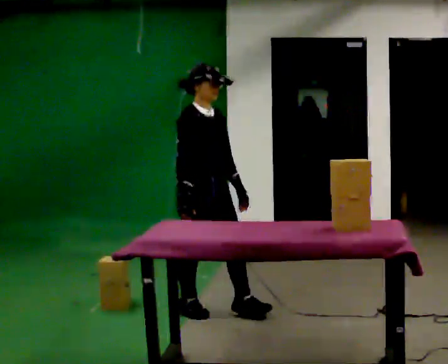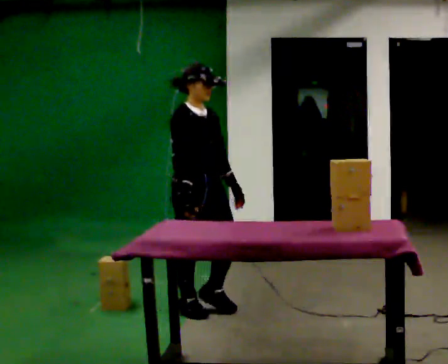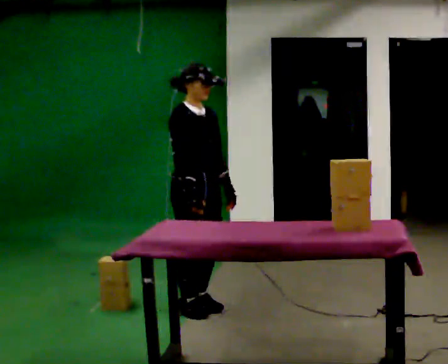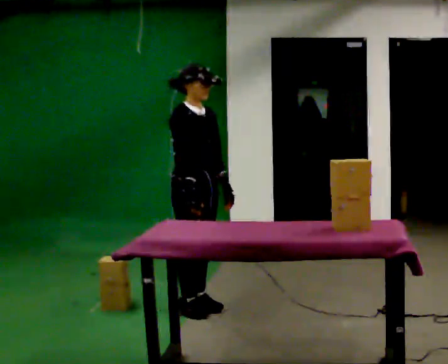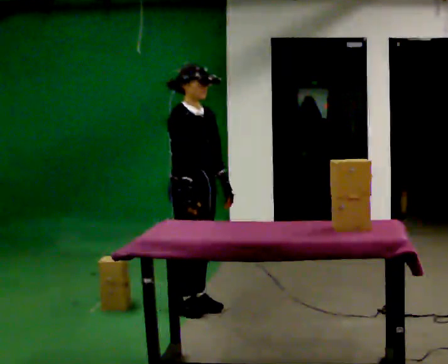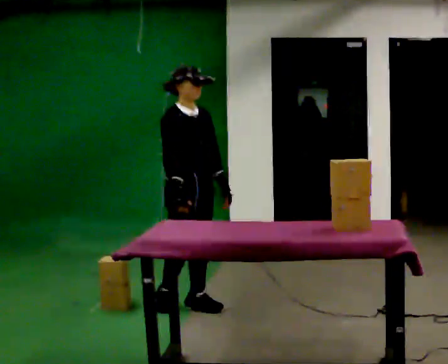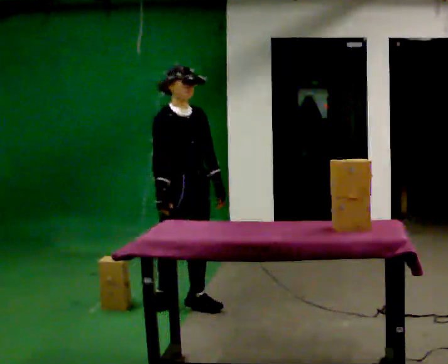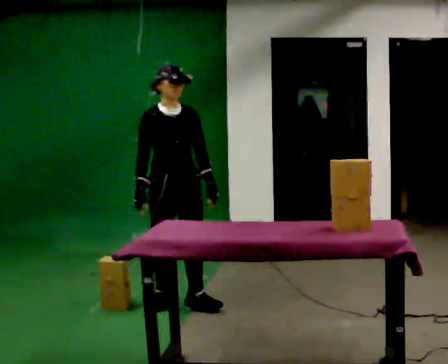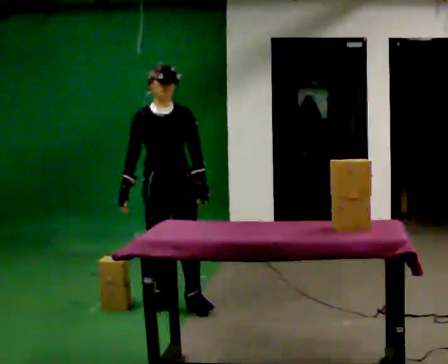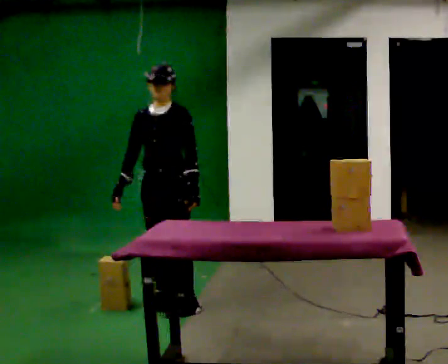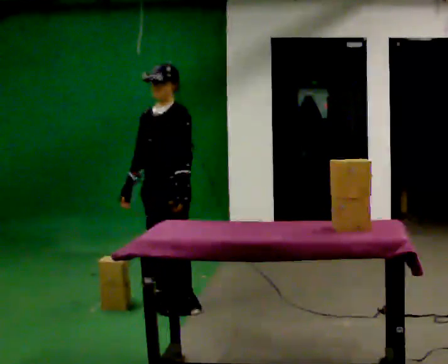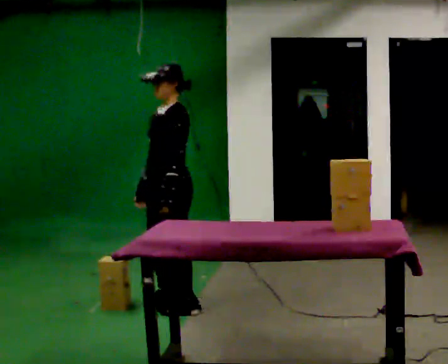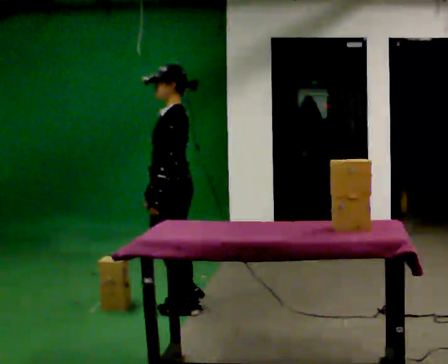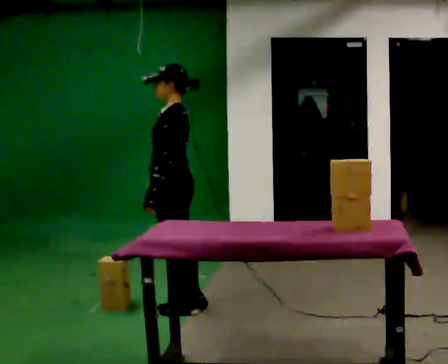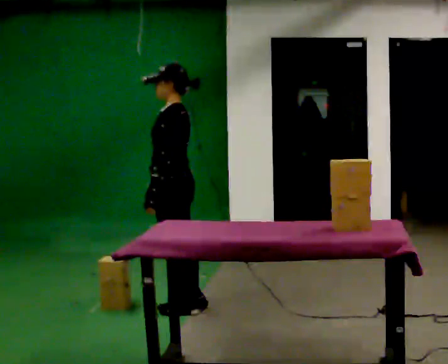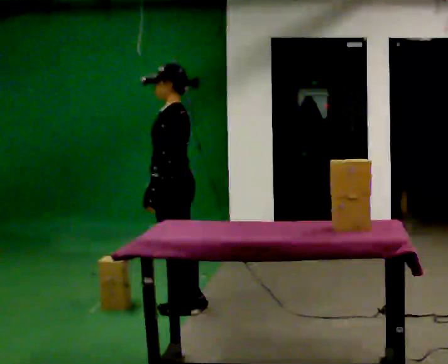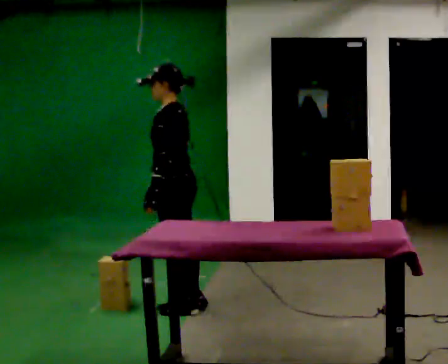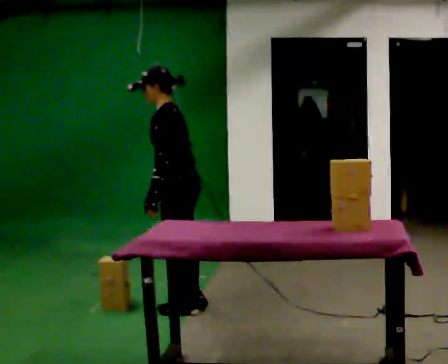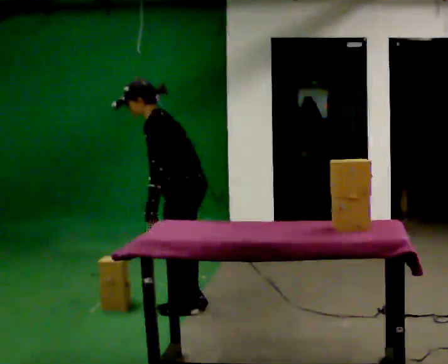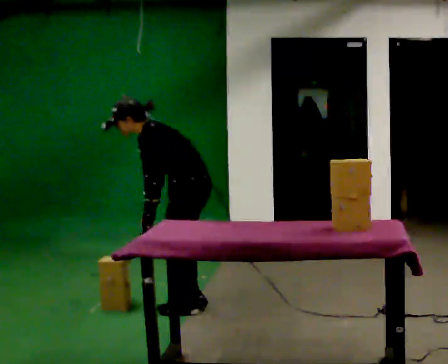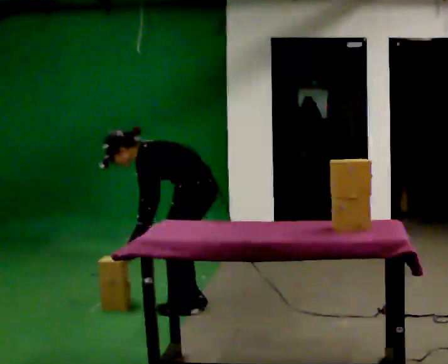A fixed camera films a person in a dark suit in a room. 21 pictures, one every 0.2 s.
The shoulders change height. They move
downward.
The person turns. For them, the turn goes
to their right.
0.0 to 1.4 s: The part of the body nearest the lens slides to the left as the person turns to their right by about 30 degrees. In the picture they go away from the camera and to the left, about 0.25 m in 1 step, which for them is backward.
1.4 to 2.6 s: Seen from above the body turns clockwise, about 105 degrees: to their right, with its near side sliding to the left. In the picture their left hand goes to the left, the arm swinging clockwise.
2.6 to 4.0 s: The shoulders move downward. In the picture the upper body tilts counterclockwise, shoulders to the left, as they bend forward.
The film runs backward here.
